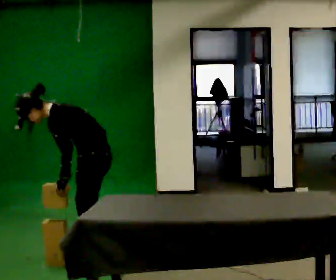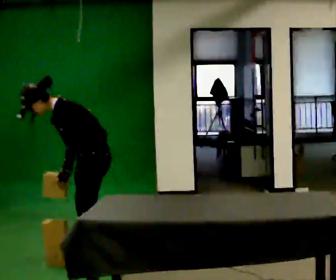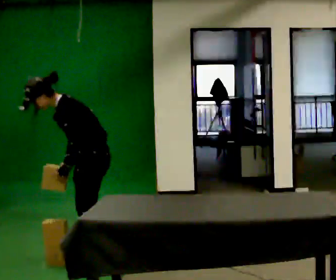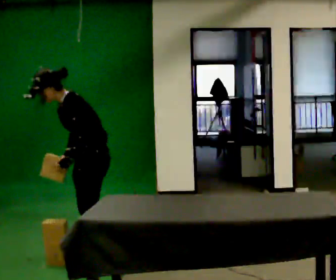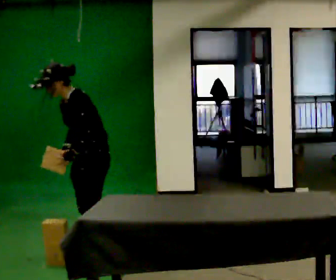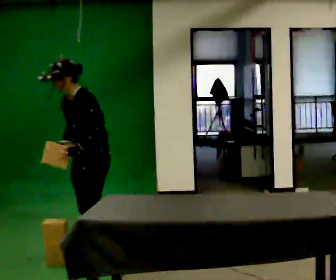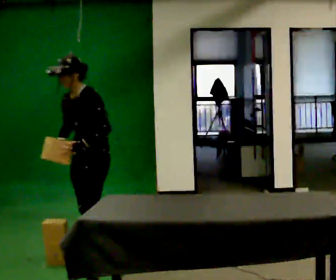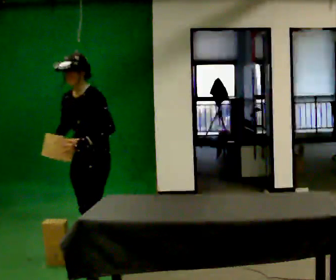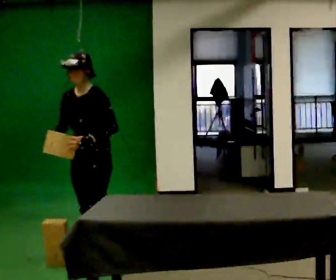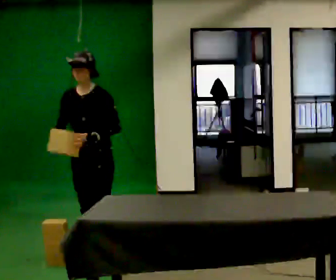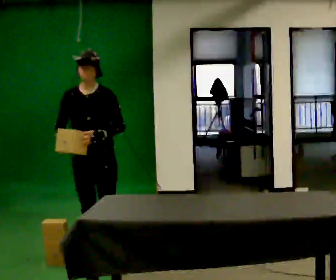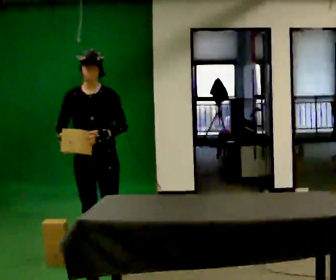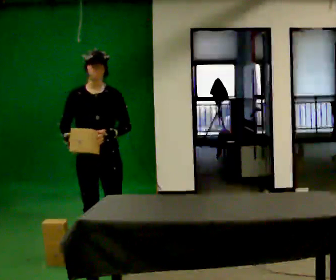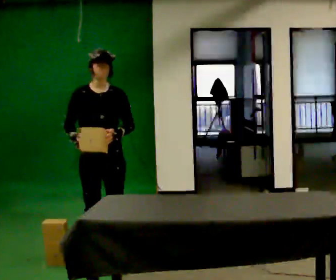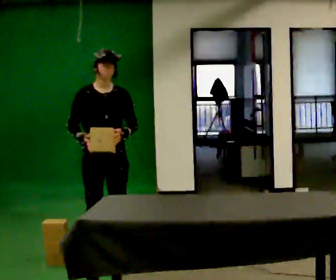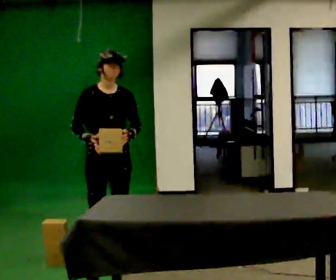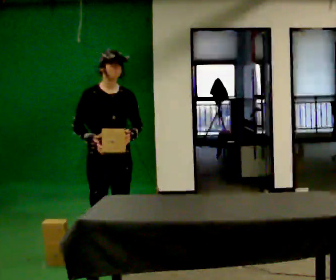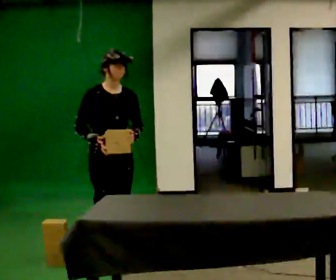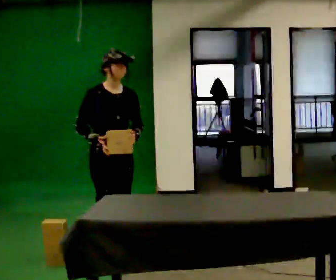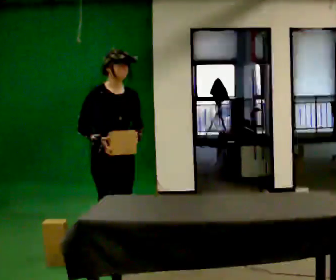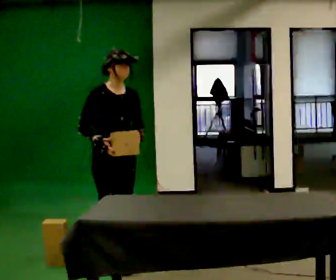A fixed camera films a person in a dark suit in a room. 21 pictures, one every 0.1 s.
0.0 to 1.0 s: The person turns about 75 degrees to their left, counterclockwise seen from above, so the part of the body nearest the lens slides to the right. In the picture they go away from the camera, about 0.25 m. In the picture the upper body tilts clockwise, shoulders to the right, as they lean back or straighten.
1.0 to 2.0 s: The part of the body nearest the lens slides to the right as the person turns to their left by about 45 degrees. In the picture their right hand goes to the right.
The film runs forward here.
